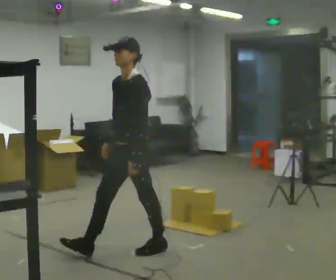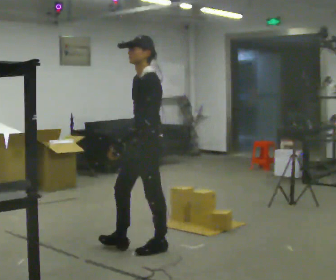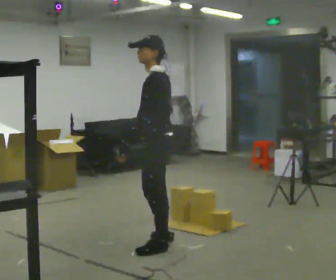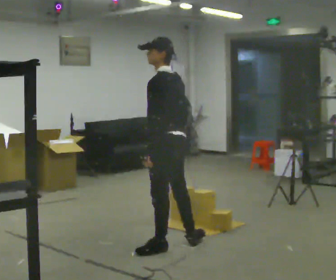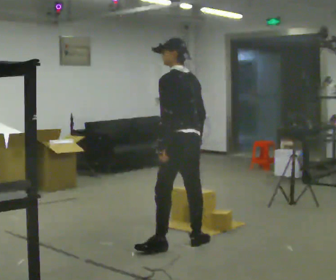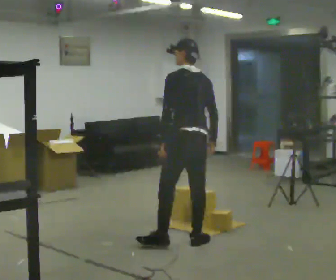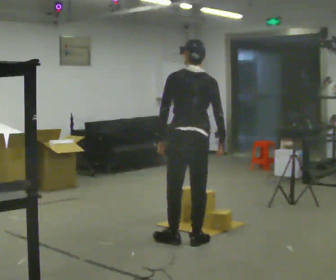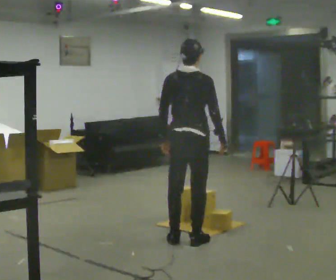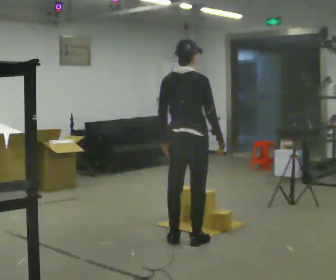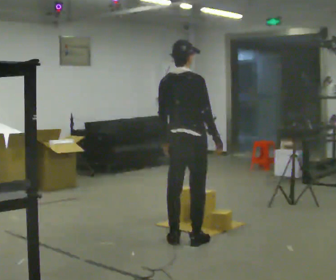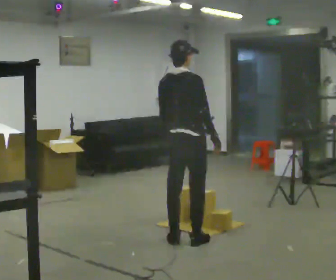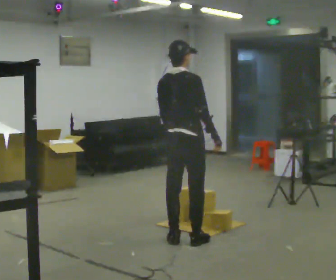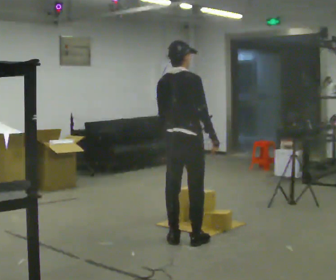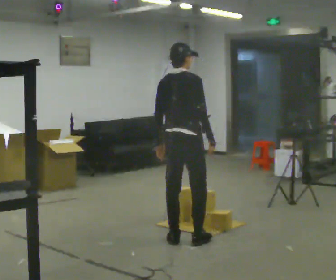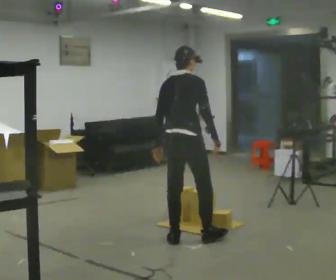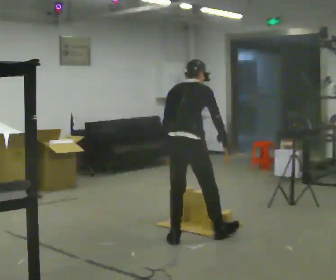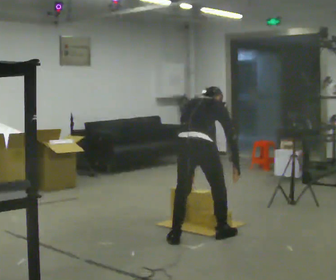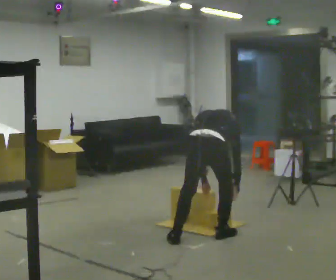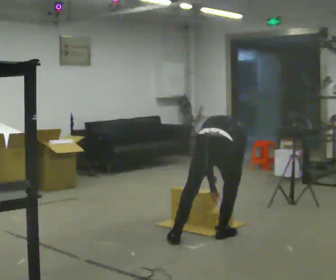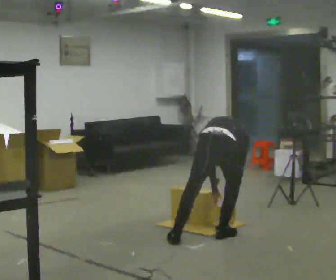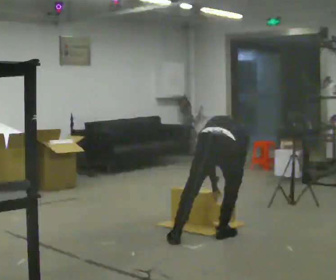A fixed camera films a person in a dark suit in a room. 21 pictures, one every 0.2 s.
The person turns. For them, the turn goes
to their right.
The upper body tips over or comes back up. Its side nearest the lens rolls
upward.
0.0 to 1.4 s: Seen from above the body turns clockwise, about 135 degrees: to their right, with its near side sliding to the left. In the picture they go to the right and away from the camera, about 0.5 m in 1 step.
1.4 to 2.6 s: The person moves a little, or ends about where they began.
2.6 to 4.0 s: In the picture they go to the right, about 0.25 m in 1 step, which for them is to their right. The shoulders move downward. The upper body tips away from the camera, its near side rolling upward, as they bend forward. In the picture their right hand goes downward.
The film runs backward here.
